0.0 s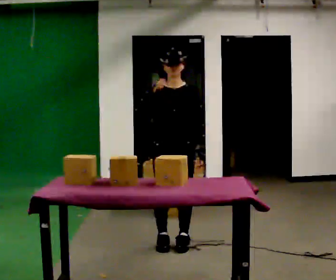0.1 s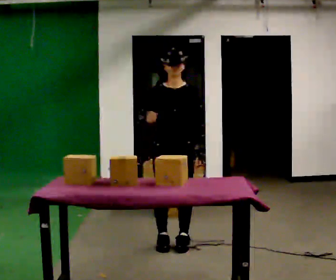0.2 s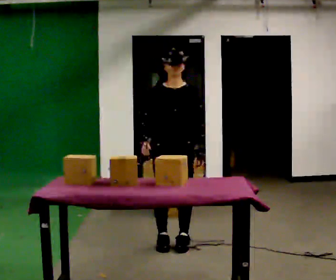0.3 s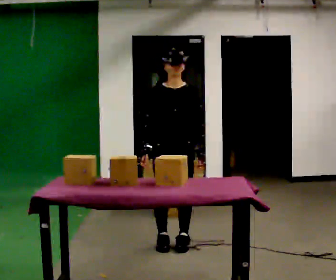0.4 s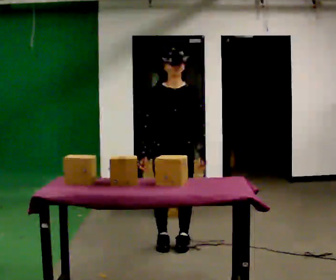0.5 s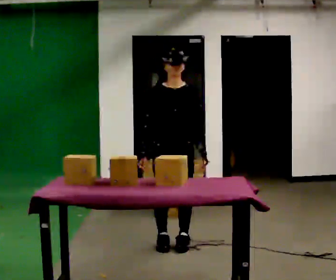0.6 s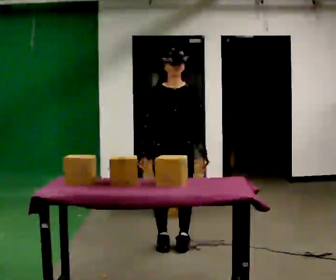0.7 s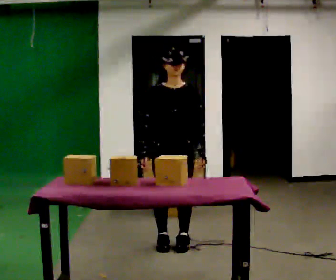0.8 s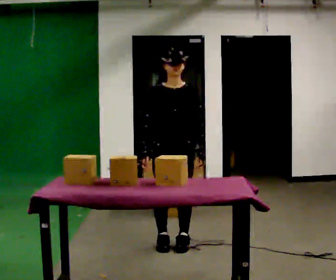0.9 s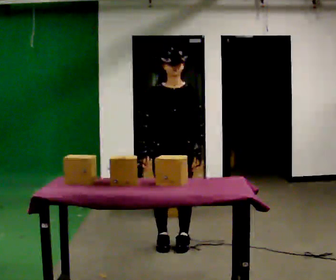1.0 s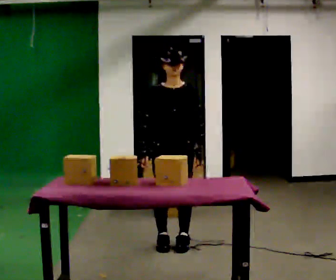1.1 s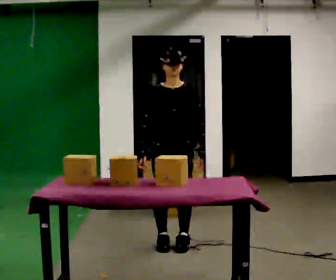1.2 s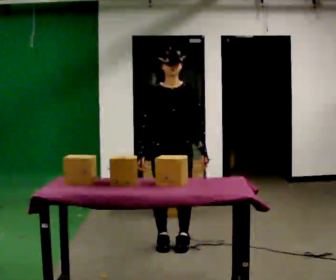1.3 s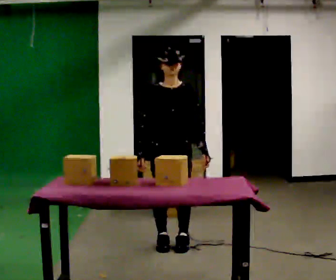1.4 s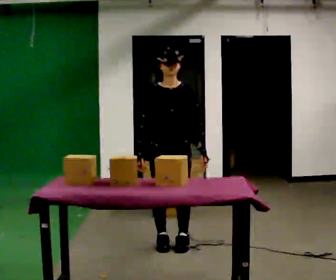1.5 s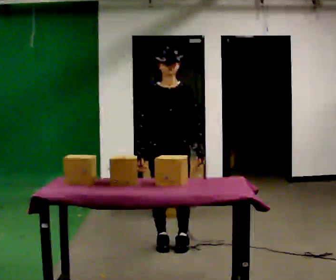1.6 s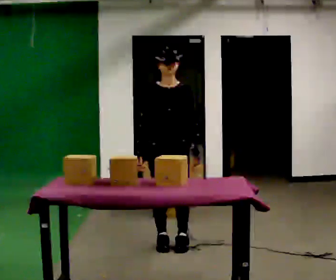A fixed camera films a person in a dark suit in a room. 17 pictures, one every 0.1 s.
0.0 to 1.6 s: In the picture their right hand goes downward.
The film runs backward here.
